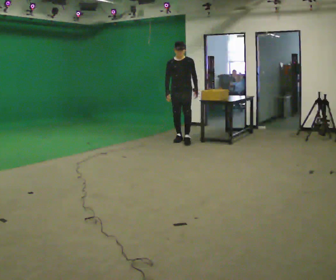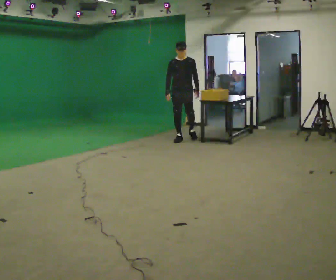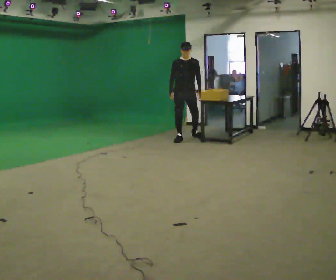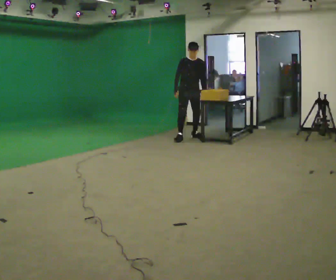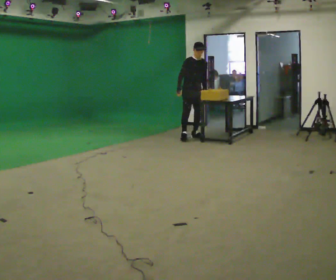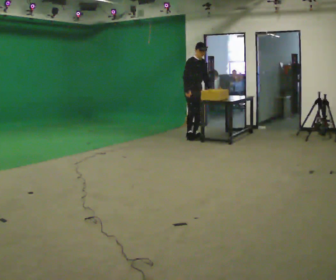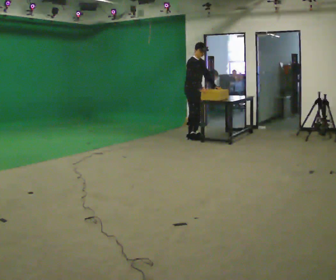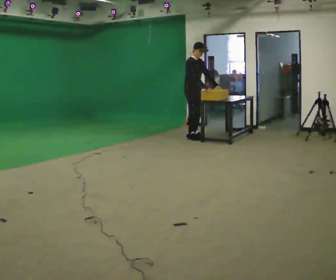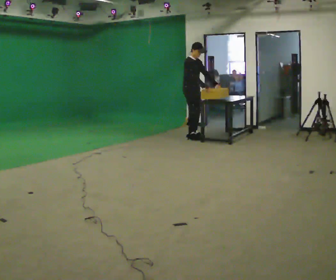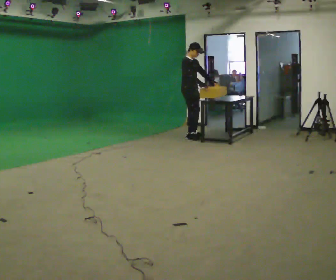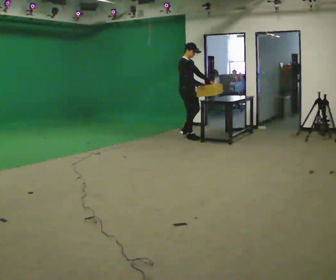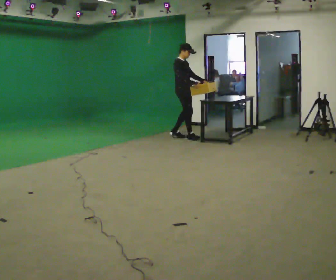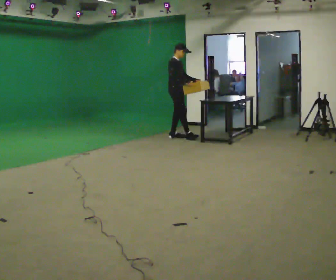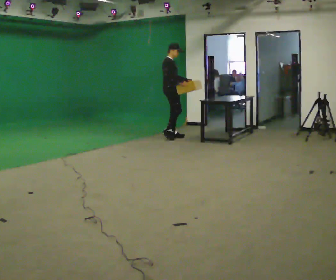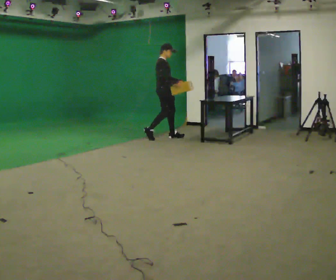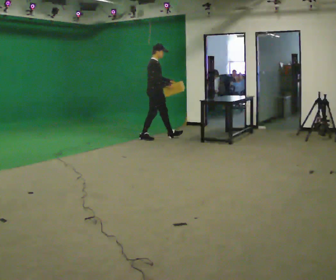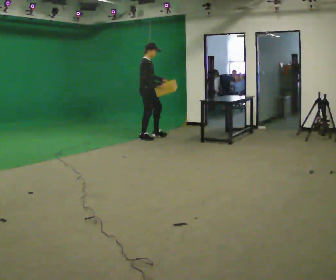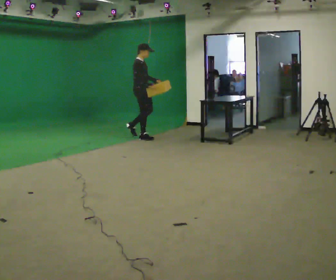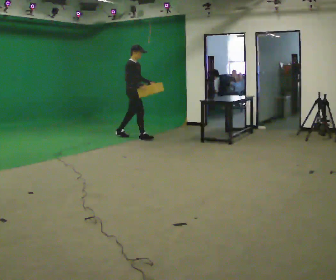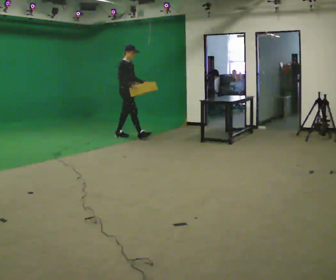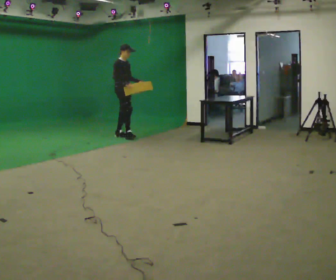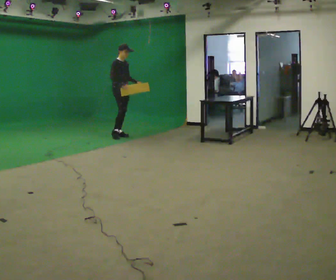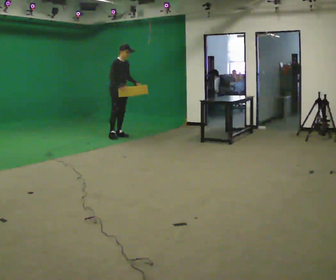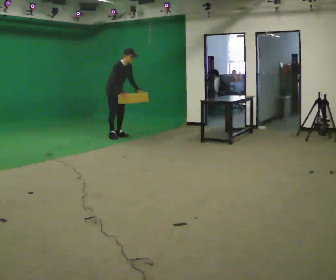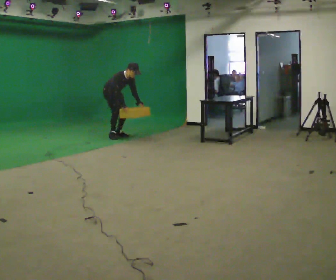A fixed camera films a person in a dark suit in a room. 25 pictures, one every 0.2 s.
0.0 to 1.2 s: The part of the body nearest the lens slides to the right as the person turns to their left by about 60 degrees. In the picture they go away from the camera and to the right, about 0.25 m in 1 step, which for them is to their left and backward. In the picture the upper body tilts clockwise, shoulders to the right.
1.2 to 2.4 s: Seen from above the body turns counterclockwise, about 30 degrees: to their left, with its near side sliding to the right. In the picture they go to the left, about 0.25 m in 2 steps, which for them is backward and to their right.
2.4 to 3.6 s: In the picture they go to the left, about 1 m in 1 step, which for them is backward.
3.6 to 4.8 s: In the picture they go to the left, about 0.5 m in 1 step, which for them is backward. The shoulders move downward. In the picture the upper body tilts clockwise, shoulders to the right, as they bend forward. In the picture their right hand goes downward.
The film runs backward here.
